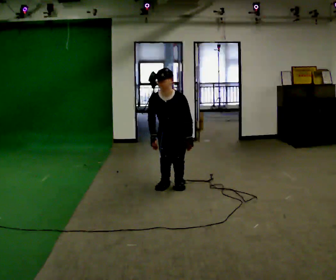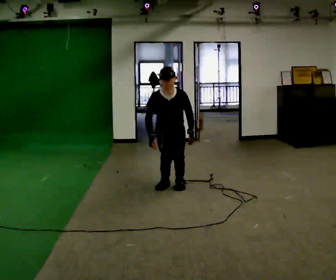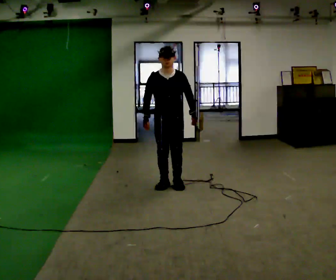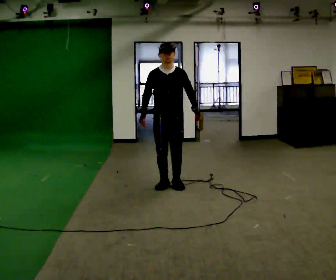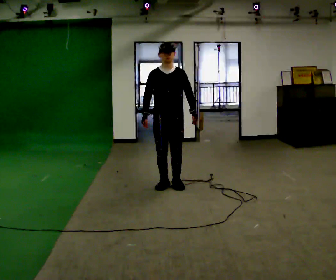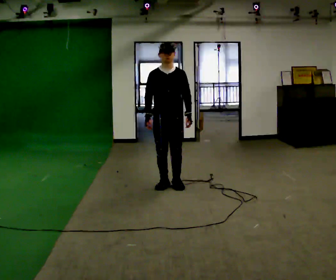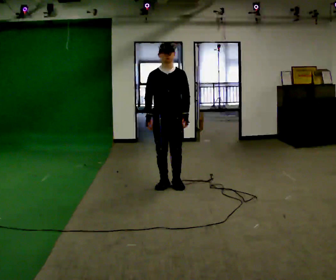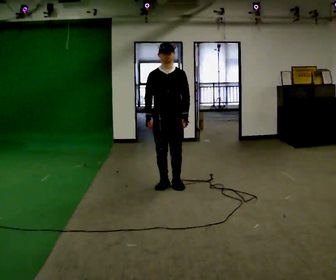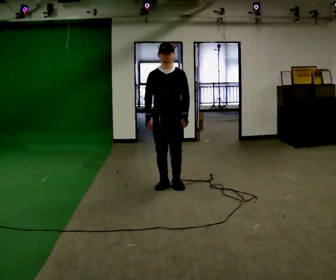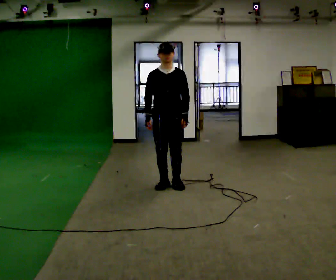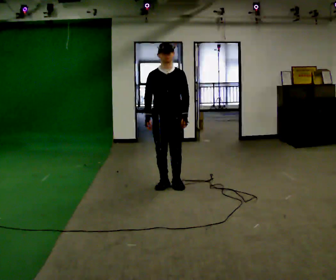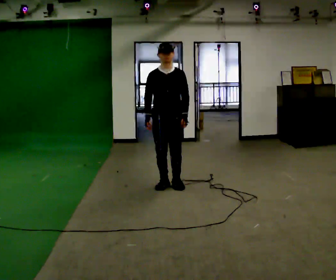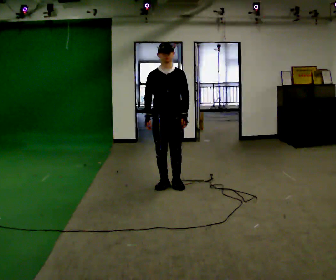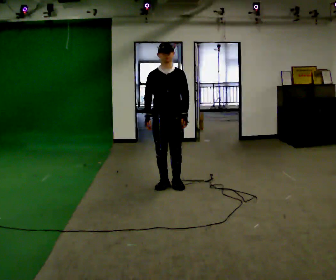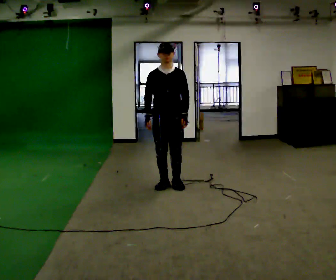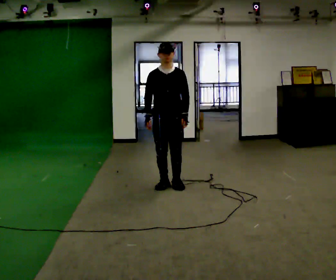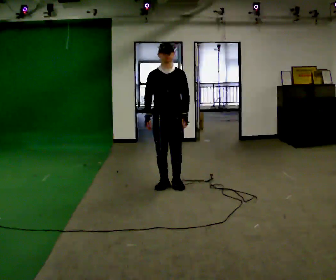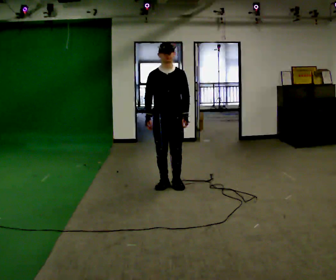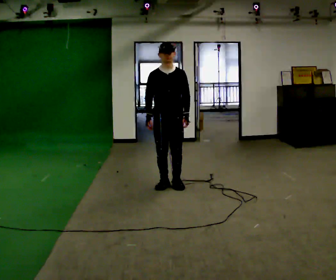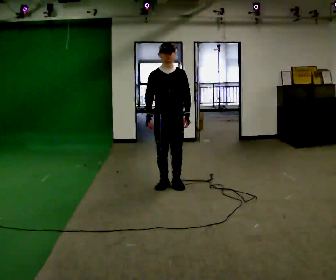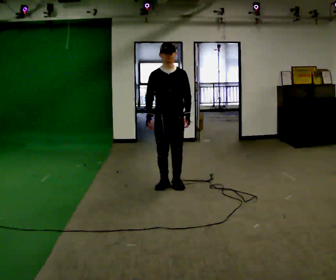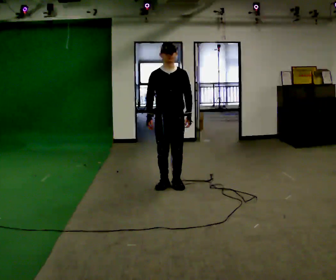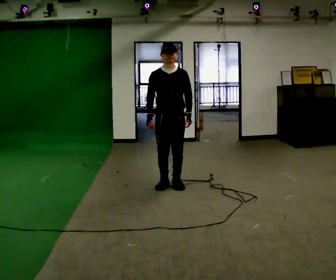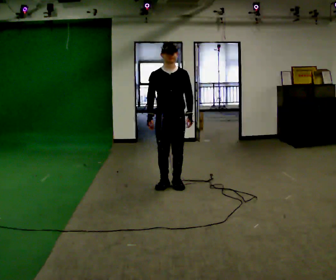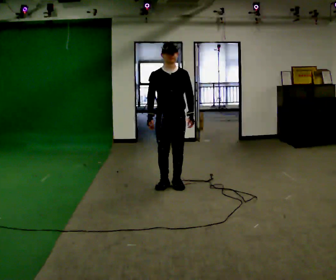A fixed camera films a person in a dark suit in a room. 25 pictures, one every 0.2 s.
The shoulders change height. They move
upward.
0.0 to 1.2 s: The upper body goes upward.
1.2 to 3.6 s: The person keeps their place and pose.
3.6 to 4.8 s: The person moves a little, or ends about where they began.
The film runs backward here.
